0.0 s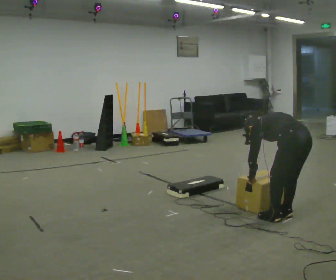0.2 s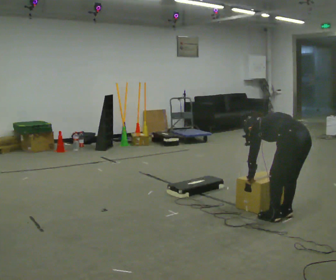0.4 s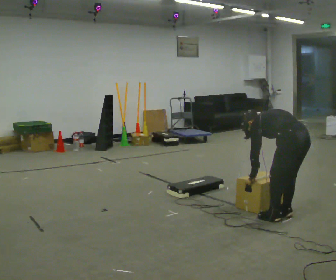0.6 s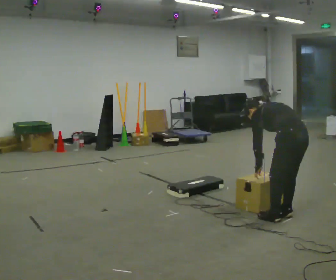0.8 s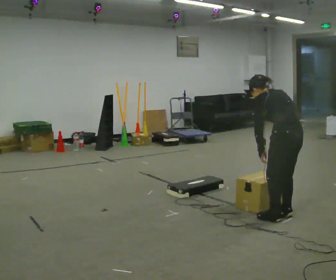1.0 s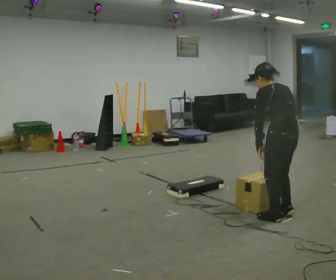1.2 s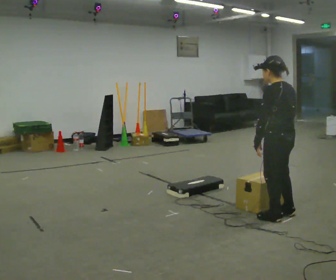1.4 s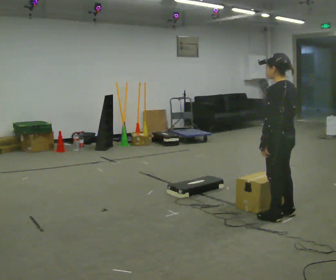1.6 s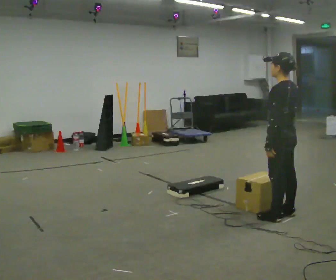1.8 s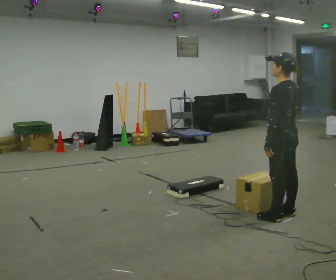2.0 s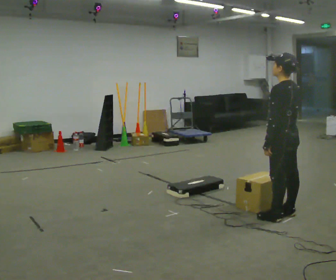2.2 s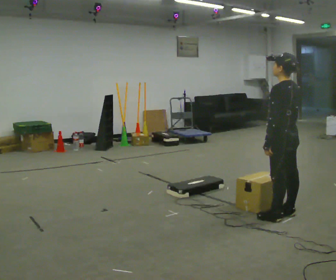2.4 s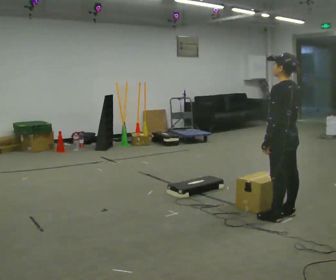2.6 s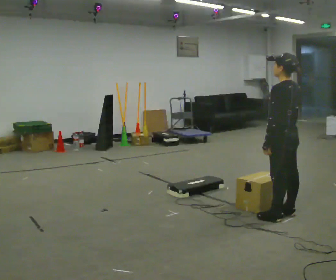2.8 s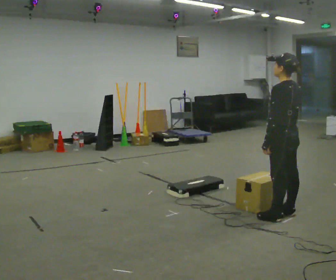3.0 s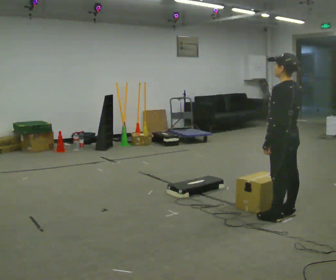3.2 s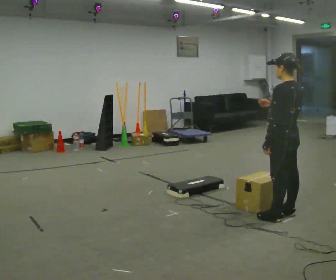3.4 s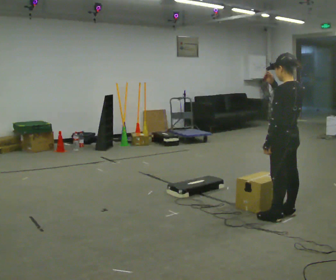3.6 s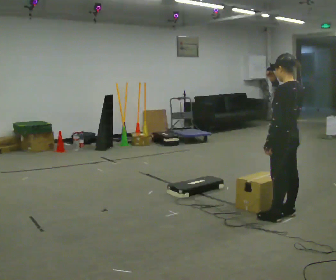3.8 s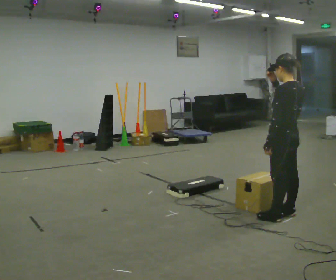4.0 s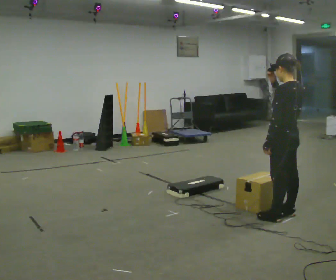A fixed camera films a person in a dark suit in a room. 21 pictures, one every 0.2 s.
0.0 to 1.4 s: The shoulders move upward. The upper body tips toward the camera, its near side rolling downward, as they lean back or straighten. In the picture their left hand goes upward.
1.4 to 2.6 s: The person moves a little, or ends about where they began.
2.6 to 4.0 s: In the picture their right hand goes upward.
The film runs forward here.
